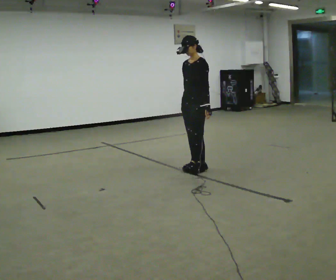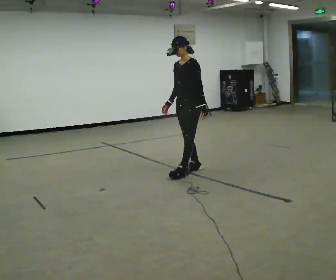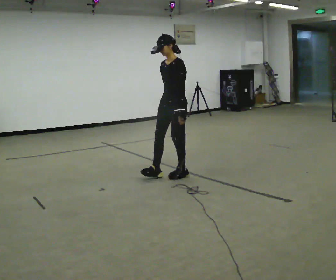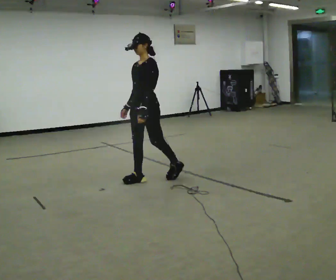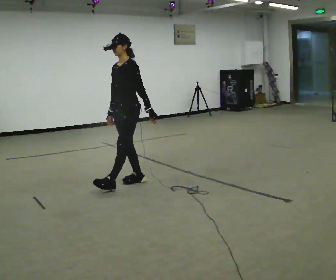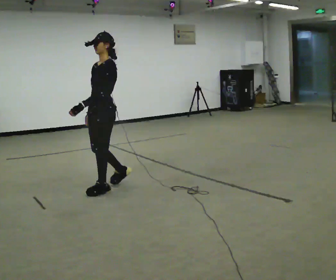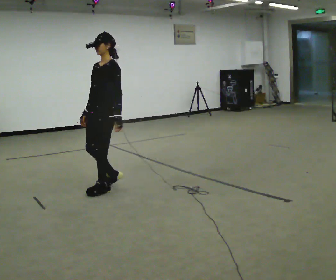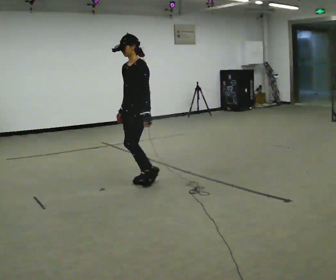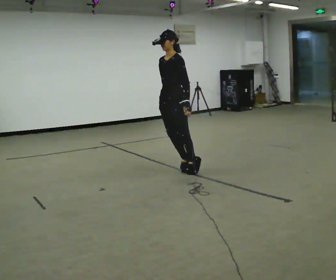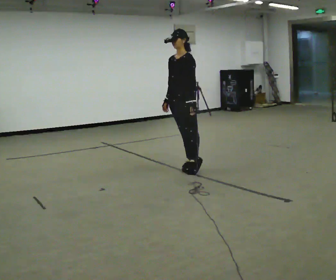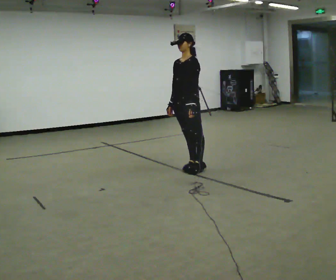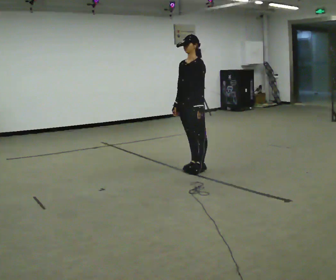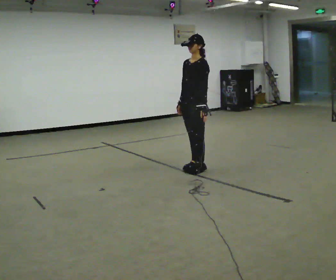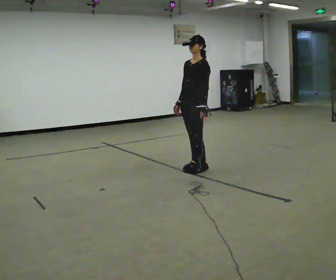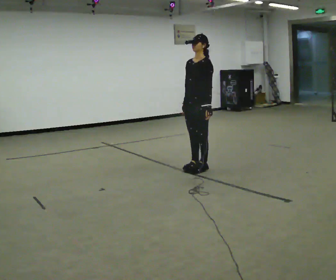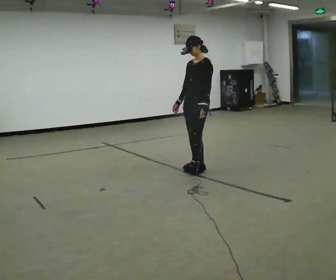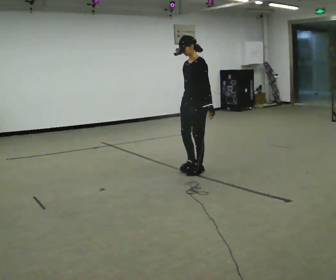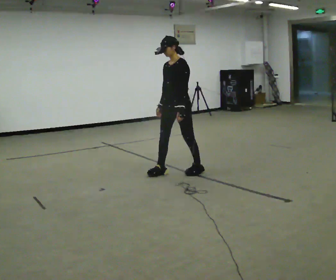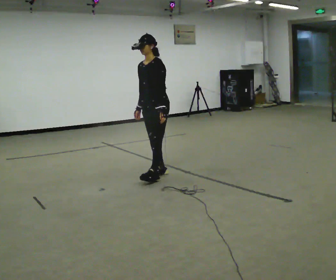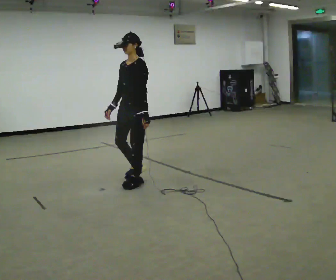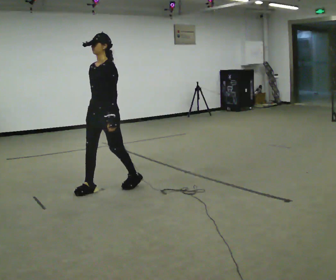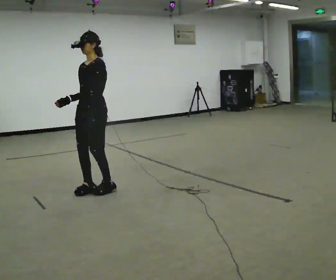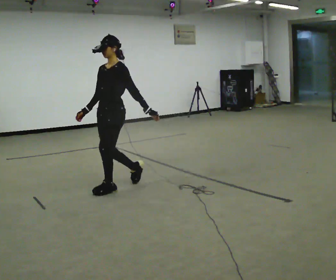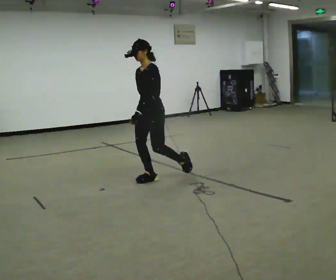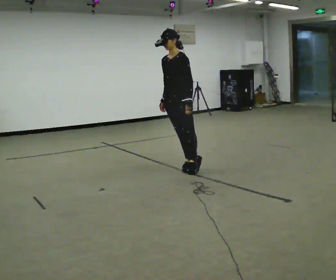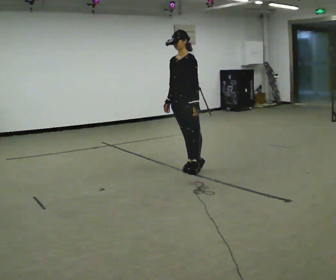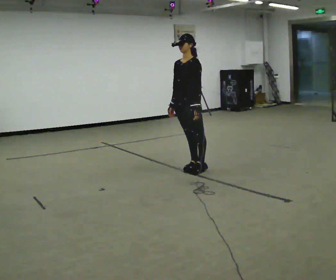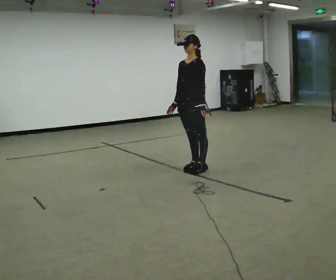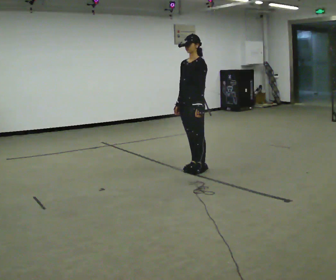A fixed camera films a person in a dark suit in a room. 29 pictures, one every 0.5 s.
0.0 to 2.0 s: In the picture they go to the left and toward the camera, about 1 m in 3 steps, which for them is forward.
2.0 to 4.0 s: In the picture they go to the right and away from the camera, about 0.5 m in 2 steps, which for them is backward.
4.0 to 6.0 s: In the picture they go to the right and away from the camera, about 0.25 m, which for them is backward.
6.0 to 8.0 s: The person moves a little, or ends about where they began.
8.0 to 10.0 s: In the picture they go to the left and toward the camera, about 1 m in 2 steps, which for them is forward.
10.0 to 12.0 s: In the picture they go to the right and away from the camera, about 1 m in 4 steps, which for them is backward.
12.0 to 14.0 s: In the picture they go away from the camera and to the right, about 0.25 m, which for them is backward.
The film runs backward here.
